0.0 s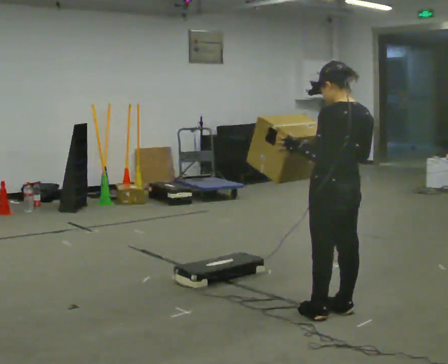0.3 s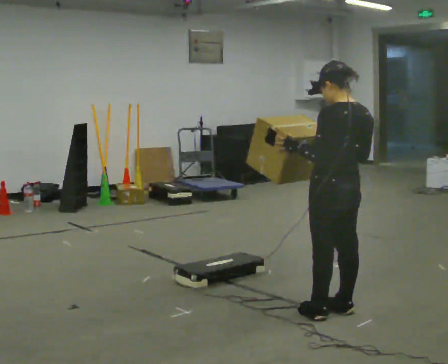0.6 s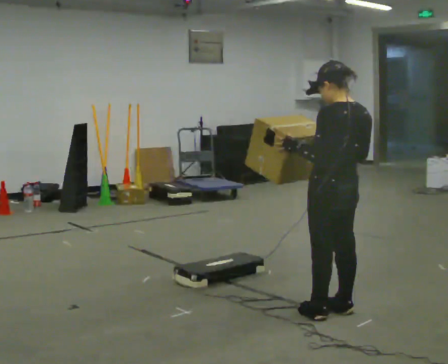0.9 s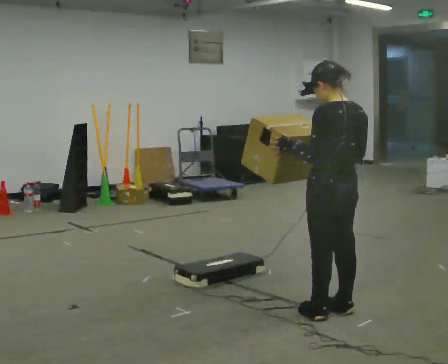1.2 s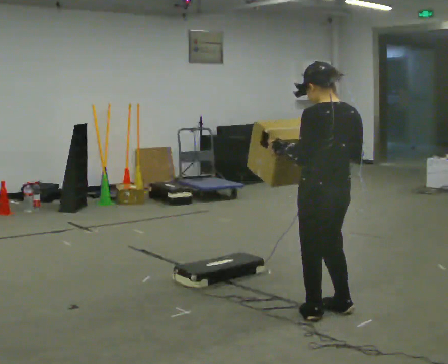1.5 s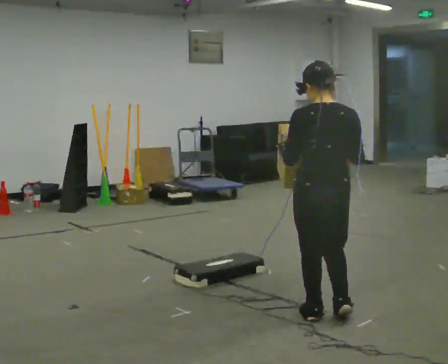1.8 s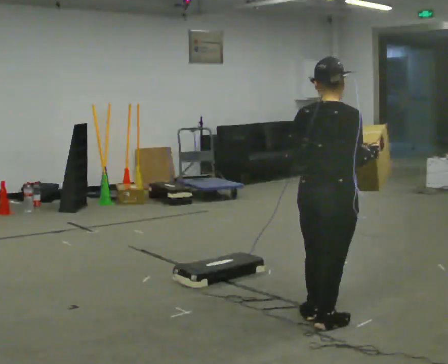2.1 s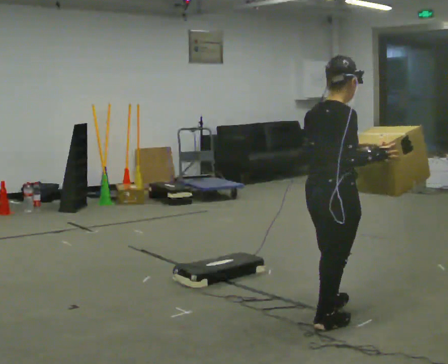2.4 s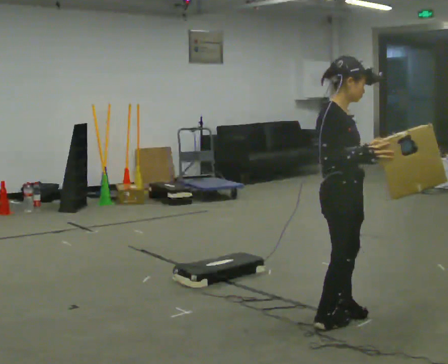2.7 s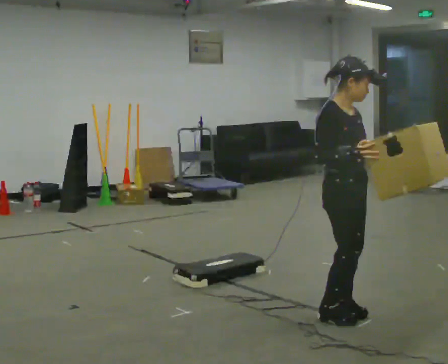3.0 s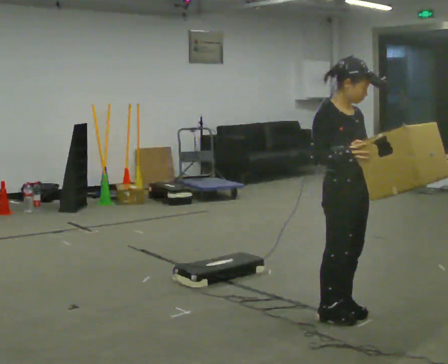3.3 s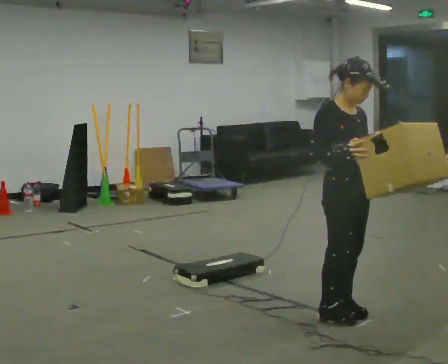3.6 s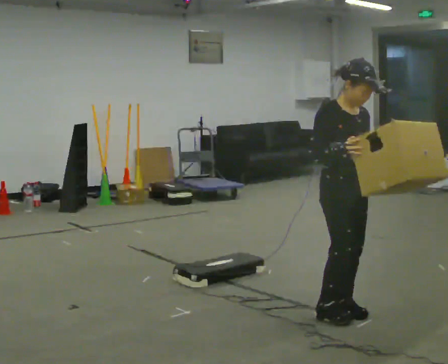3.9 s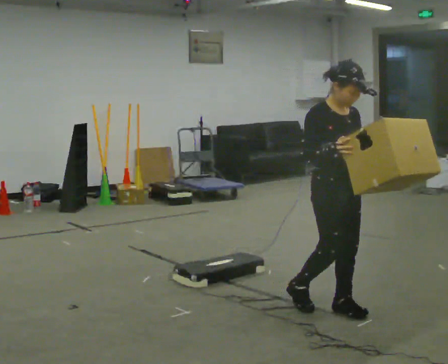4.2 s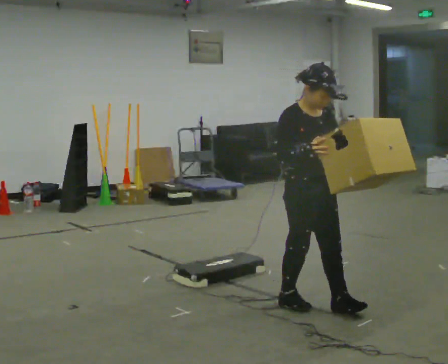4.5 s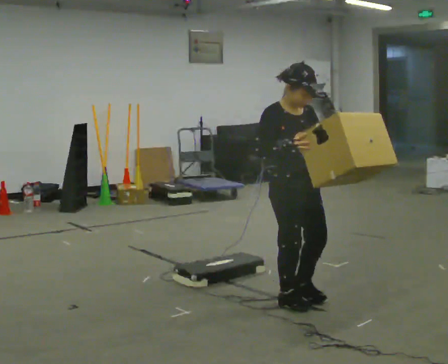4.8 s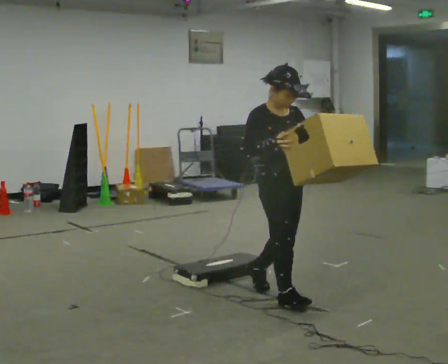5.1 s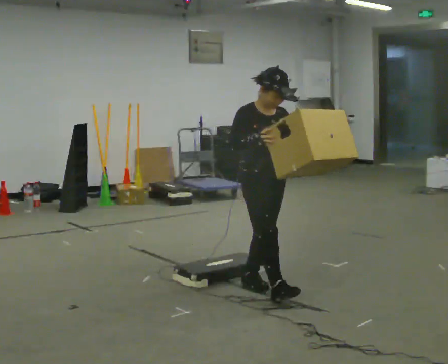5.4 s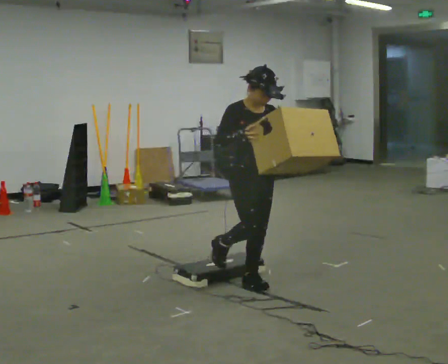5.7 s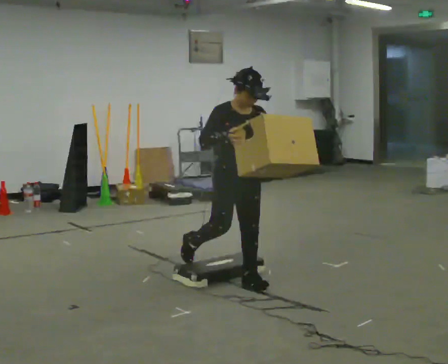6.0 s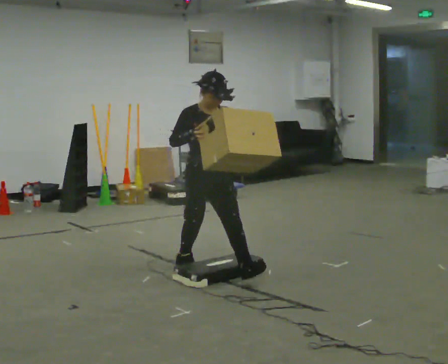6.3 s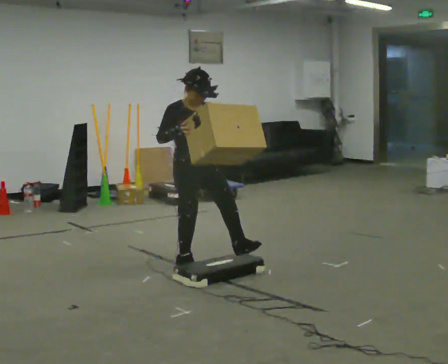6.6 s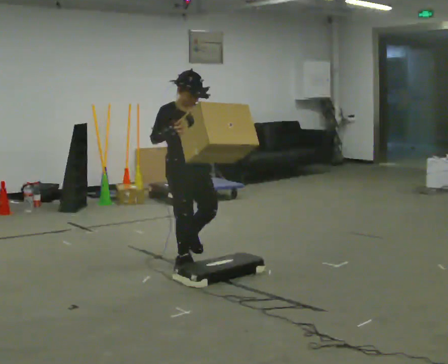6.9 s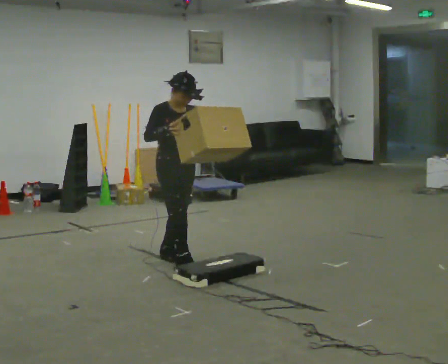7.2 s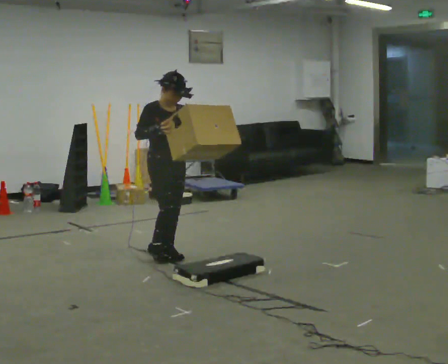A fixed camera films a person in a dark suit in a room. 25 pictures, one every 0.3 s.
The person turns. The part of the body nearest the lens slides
to the left.
The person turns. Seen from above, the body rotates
clockwise.
0.0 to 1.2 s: The person moves a little, or ends about where they began.
1.2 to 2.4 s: The part of the body nearest the lens slides to the left as the person turns to their right by about 135 degrees. In the picture their left hand goes to the right.
2.4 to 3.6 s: The person turns about 45 degrees to their right, clockwise seen from above, so the part of the body nearest the lens slides to the left.
3.6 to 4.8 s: In the picture they go to the left and away from the camera, about 0.5 m in 1 step, which for them is backward.
4.8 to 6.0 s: In the picture they go to the left and away from the camera, about 0.5 m in 1 step, which for them is backward.
6.0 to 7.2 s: In the picture they go to the left and away from the camera, about 0.5 m in 2 steps, which for them is backward.
The film runs backward here.
